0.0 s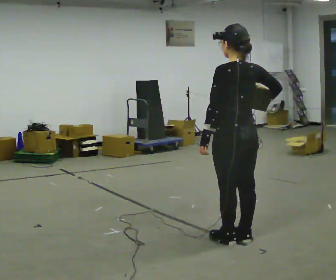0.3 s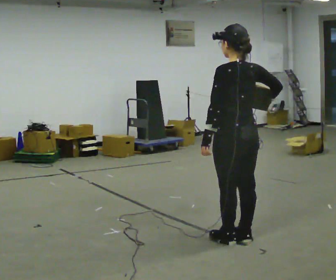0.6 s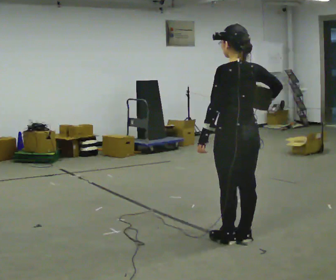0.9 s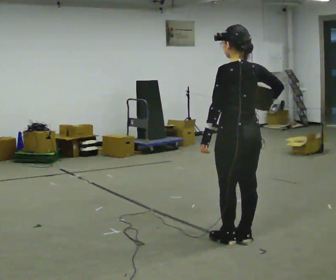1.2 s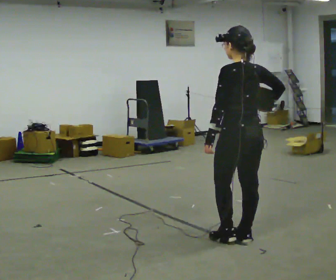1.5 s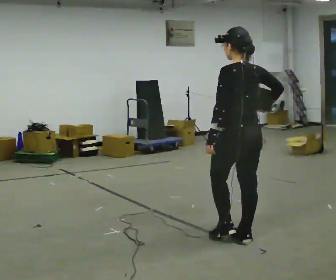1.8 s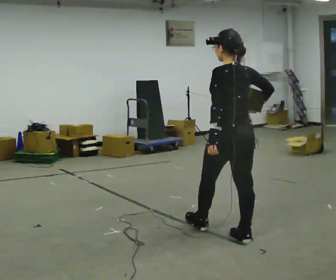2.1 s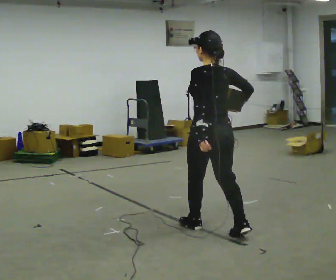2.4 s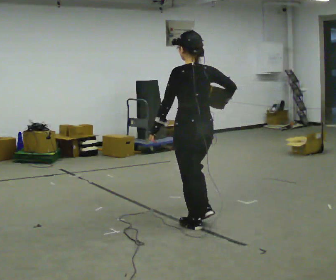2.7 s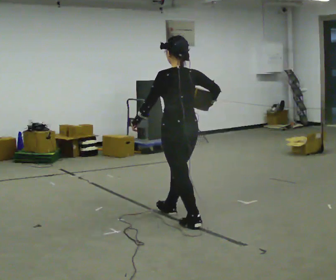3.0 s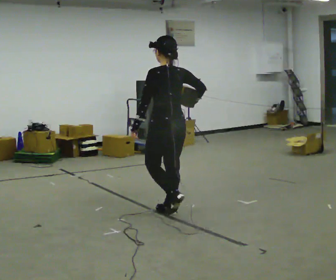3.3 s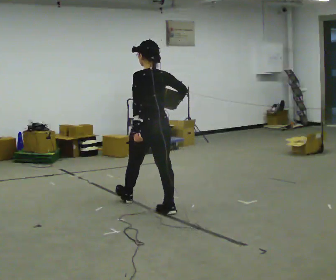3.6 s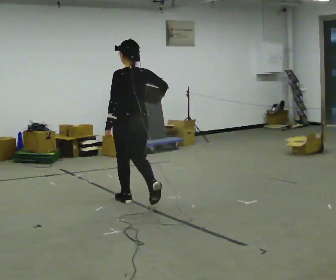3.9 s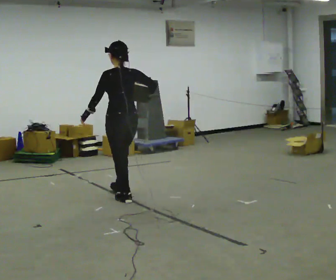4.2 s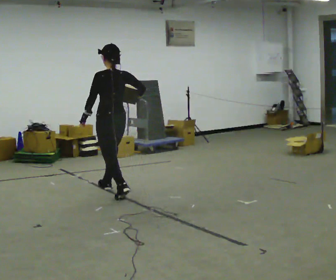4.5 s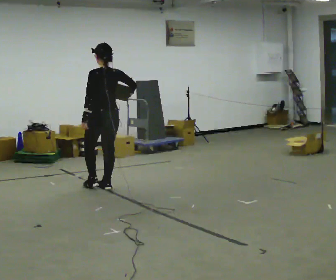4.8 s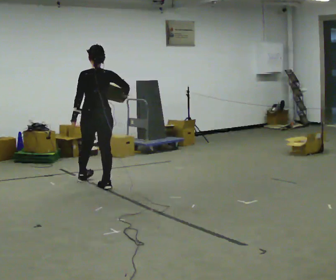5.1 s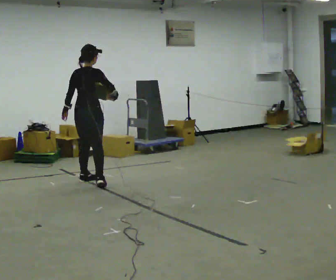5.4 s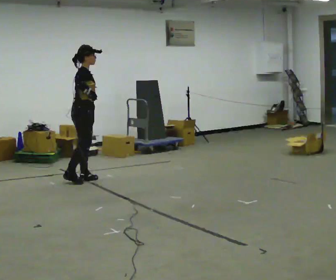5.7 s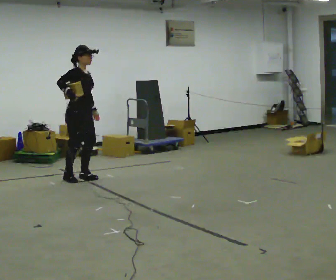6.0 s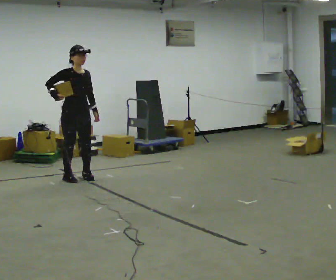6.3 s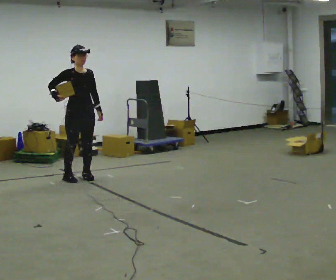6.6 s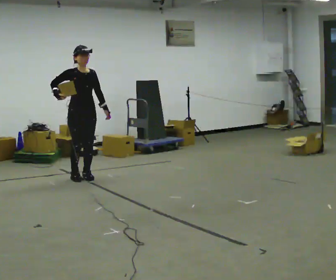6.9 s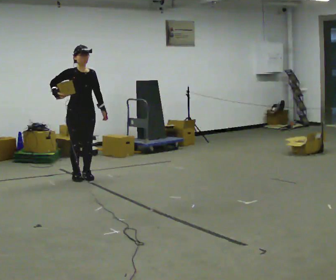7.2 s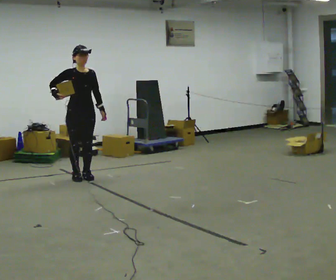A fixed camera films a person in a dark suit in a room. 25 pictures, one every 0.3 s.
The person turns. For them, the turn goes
to their right.
The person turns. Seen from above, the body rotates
clockwise.
0.0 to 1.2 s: The person moves a little, or ends about where they began.
1.2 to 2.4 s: In the picture they go to the left and away from the camera, about 0.5 m in 1 step, which for them is forward.
2.4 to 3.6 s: In the picture they go away from the camera and to the left, about 1 m in 2 steps, which for them is forward.
3.6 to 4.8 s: In the picture they go away from the camera and to the left, about 1 m in 1 step, which for them is forward.
4.8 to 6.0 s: The part of the body nearest the lens slides to the left as the person turns to their right by about 150 degrees. In the picture they go to the left and away from the camera, about 0.5 m in 3 steps.
6.0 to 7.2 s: The person moves a little, or ends about where they began.
The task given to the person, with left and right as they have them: Hold the object against your hip on the side the operator calls, and carry it back and forth across the room.
The film runs forward here.
